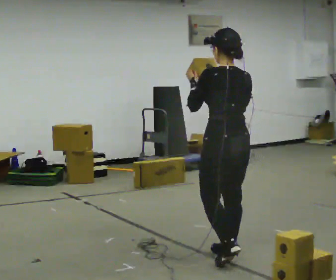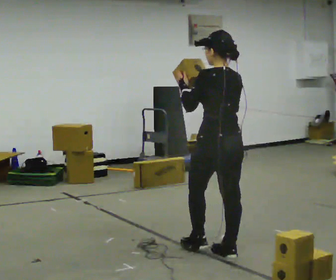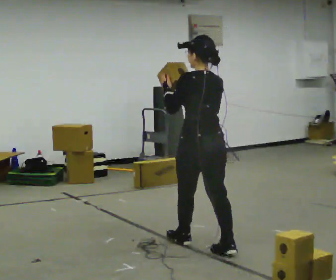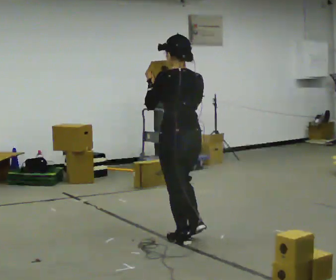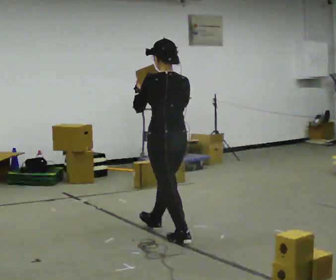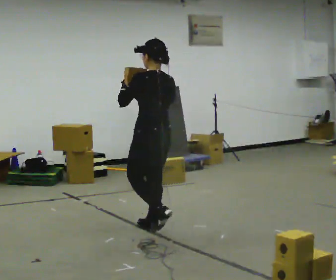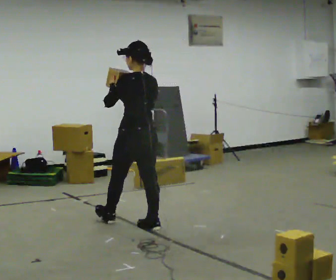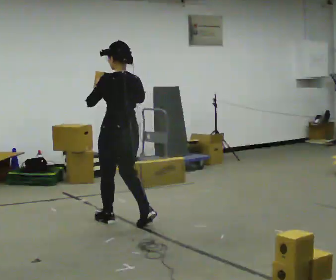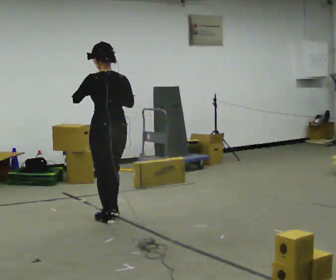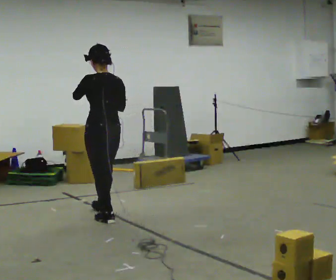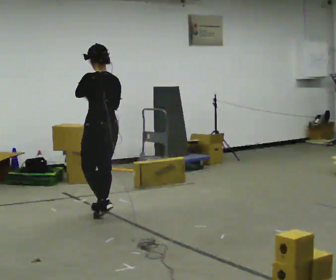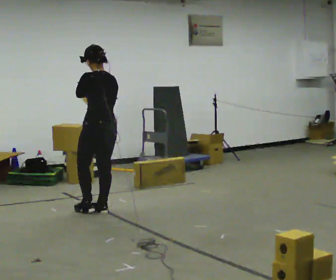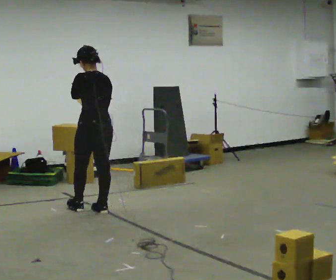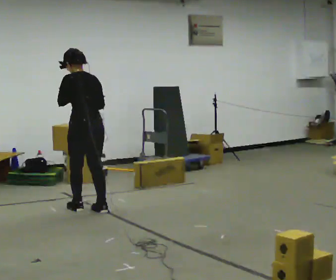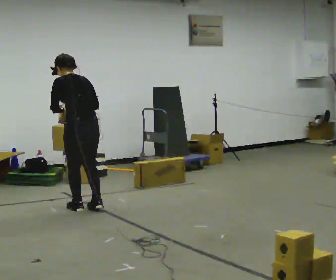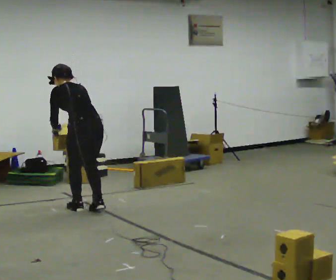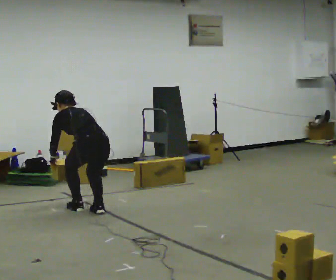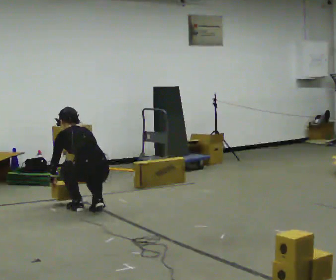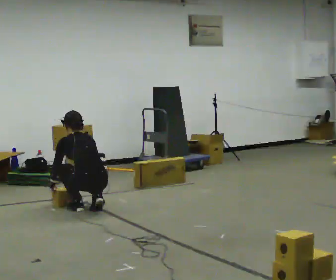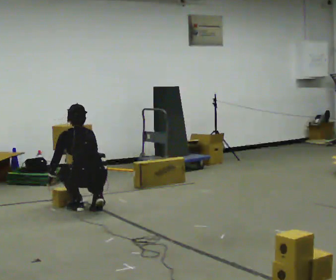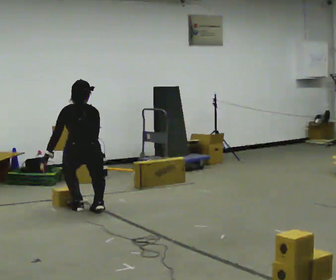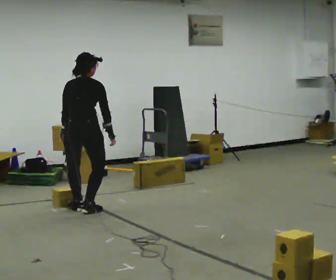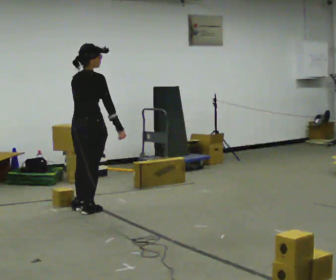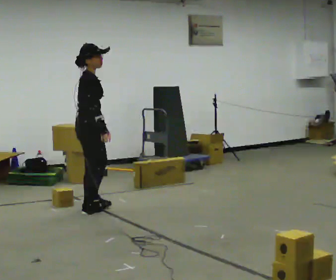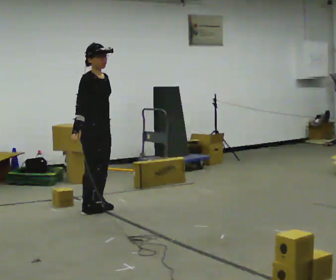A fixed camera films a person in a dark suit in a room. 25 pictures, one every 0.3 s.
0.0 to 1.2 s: In the picture they go away from the camera and to the left, about 1 m in 1 step, which for them is forward.
1.2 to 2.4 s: In the picture they go away from the camera and to the left, about 0.5 m in 2 steps, which for them is forward.
2.4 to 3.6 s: In the picture they go away from the camera, about 0.5 m in 2 steps, which for them is forward.
3.6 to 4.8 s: The upper body goes downward. The upper body tips away from the camera, its near side rolling upward, as they bend forward. In the picture their left hand goes downward and to the left.
4.8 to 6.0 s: The person turns about 30 degrees to their right, clockwise seen from above, so the part of the body nearest the lens slides to the left. In the picture the upper body tilts clockwise, shoulders to the right, as they lean back or straighten.
6.0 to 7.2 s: The part of the body nearest the lens slides to the left as the person turns to their right by about 120 degrees. The upper body goes upward. The upper body tips toward the camera, its near side rolling downward, as they lean back or straighten. In the picture their left hand goes to the right and upward, the arm swinging counterclockwise.
The film runs forward here.
